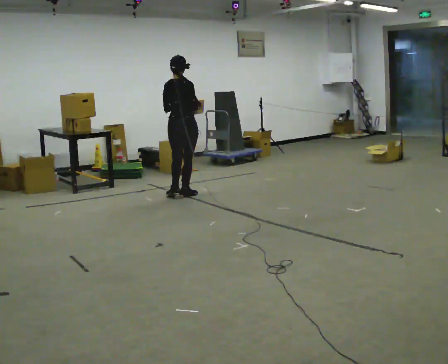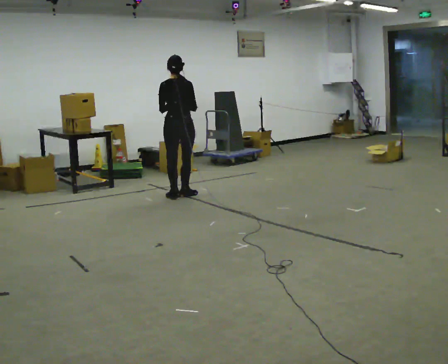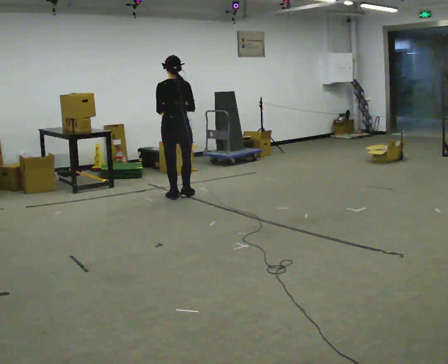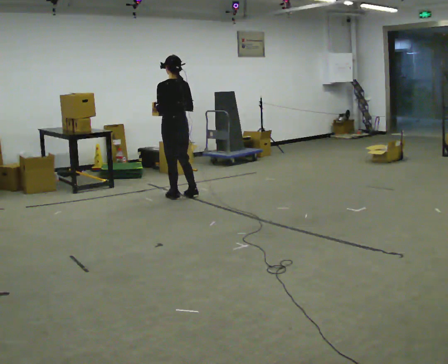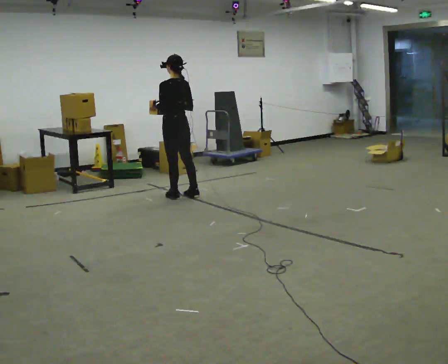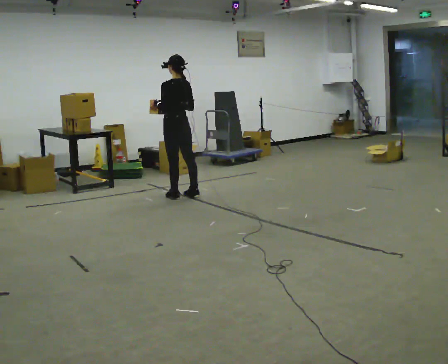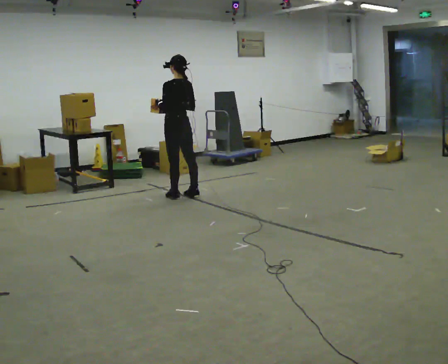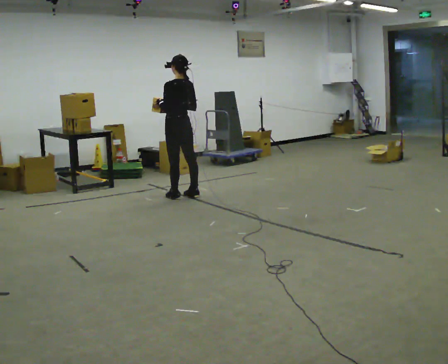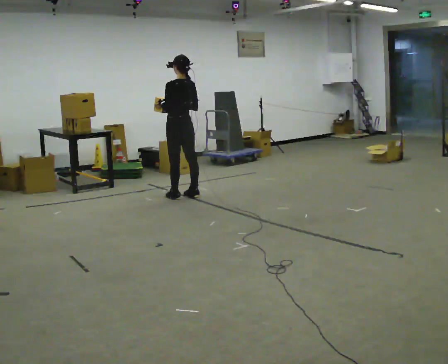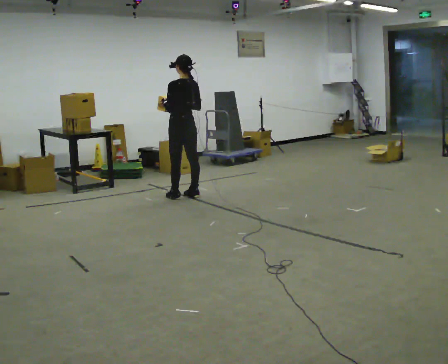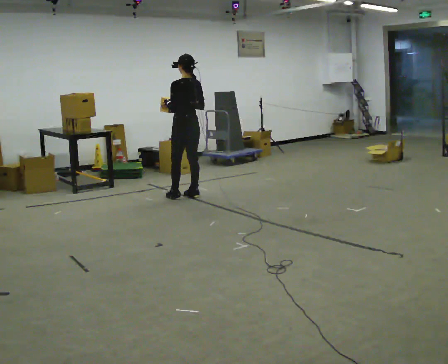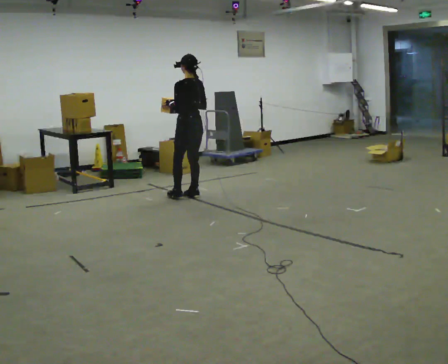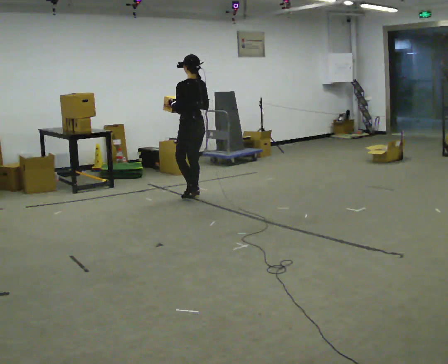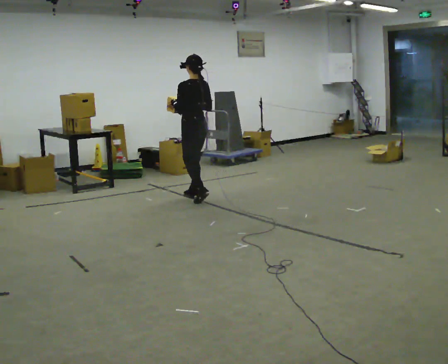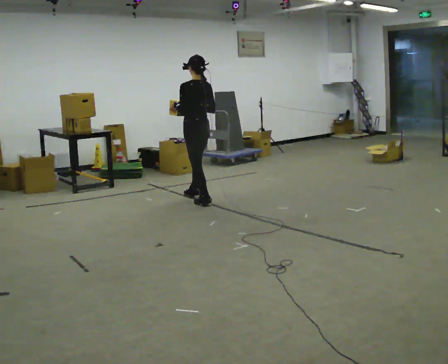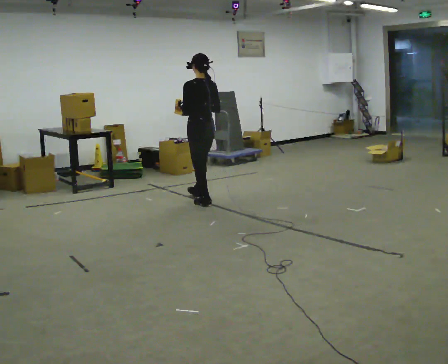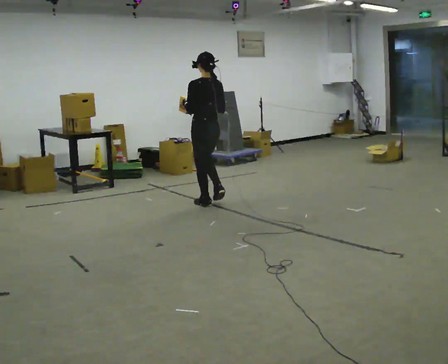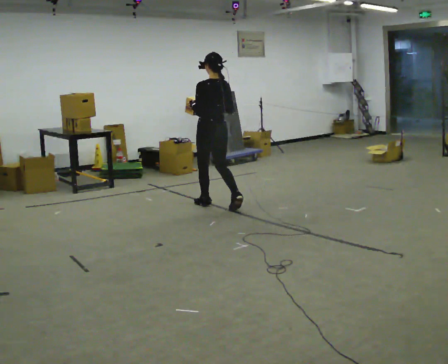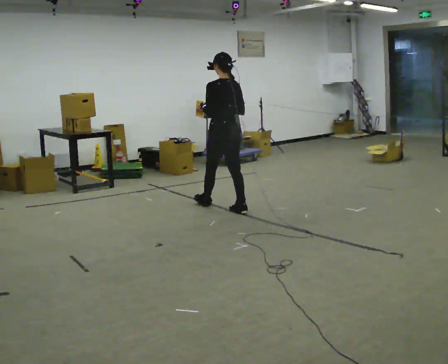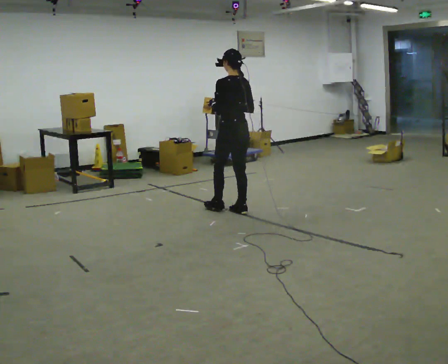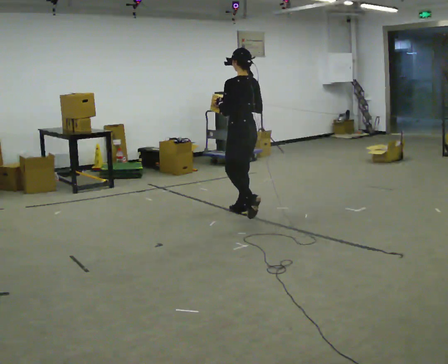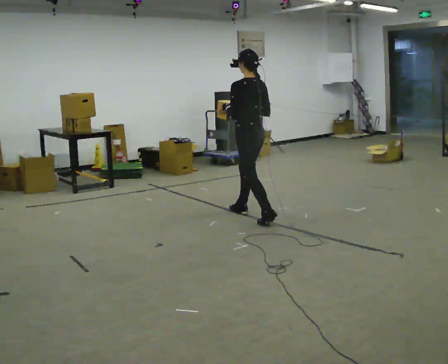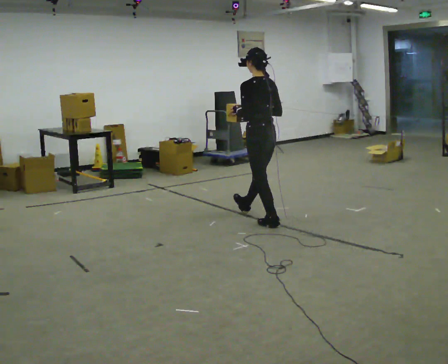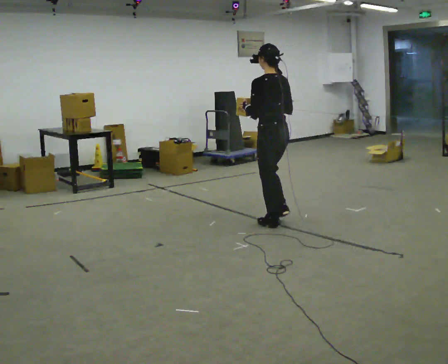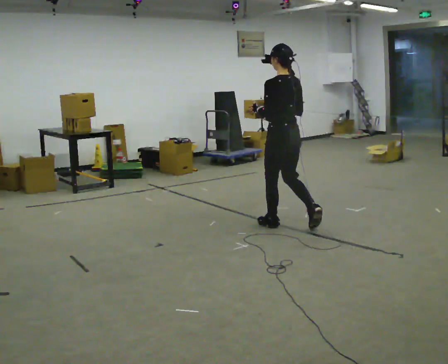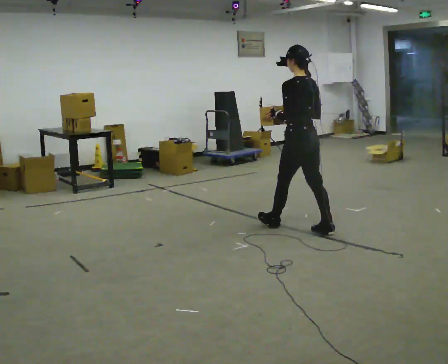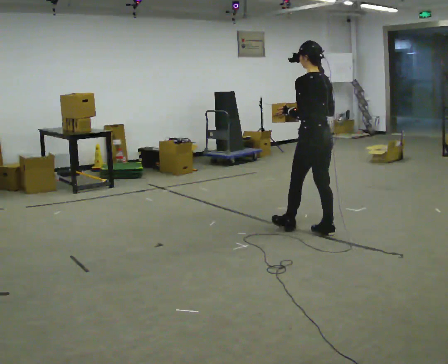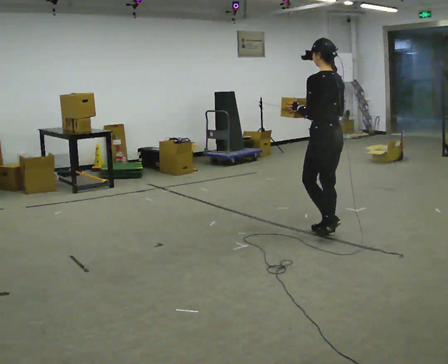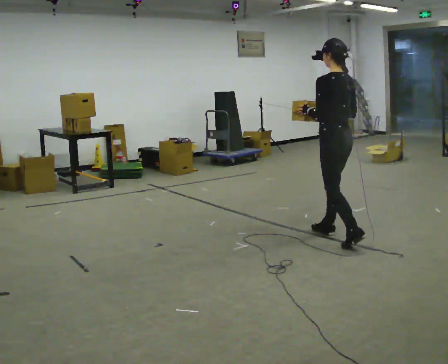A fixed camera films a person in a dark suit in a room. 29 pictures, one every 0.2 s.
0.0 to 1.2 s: The part of the body nearest the lens slides to the right as the person turns to their left by about 75 degrees.
1.2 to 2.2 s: The person moves a little, or ends about where they began.
2.2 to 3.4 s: In the picture they go toward the camera and to the right, about 0.5 m in 1 step, which for them is backward.
3.4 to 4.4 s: In the picture they go toward the camera and to the right, about 1 m in 2 steps, which for them is backward.
4.4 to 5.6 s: In the picture they go toward the camera and to the right, about 1 m in 1 step, which for them is backward.
The film runs backward here.
